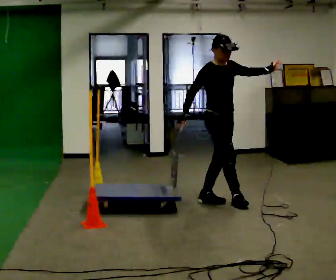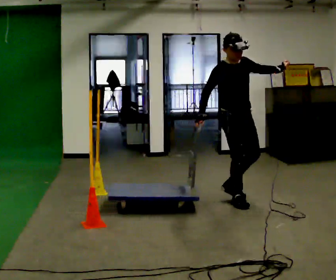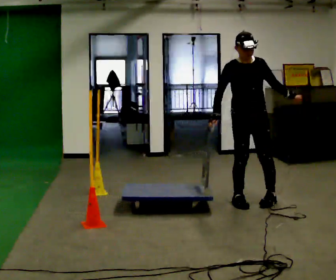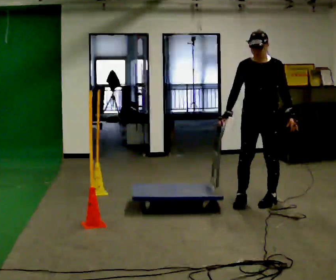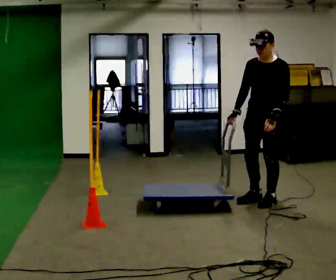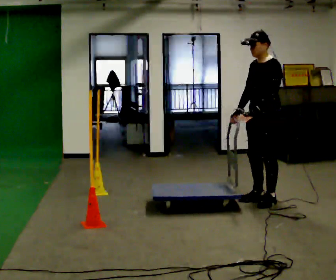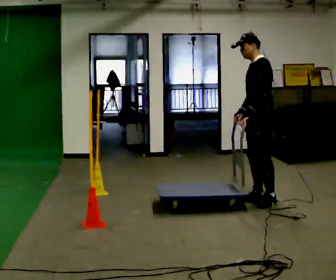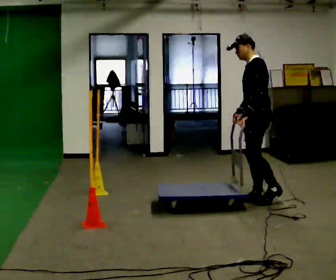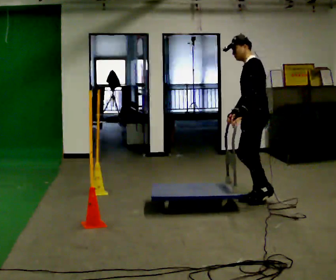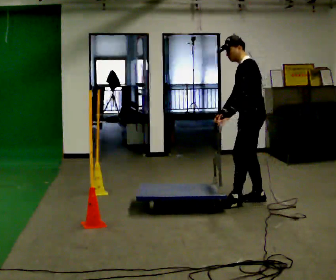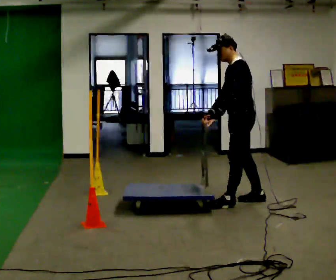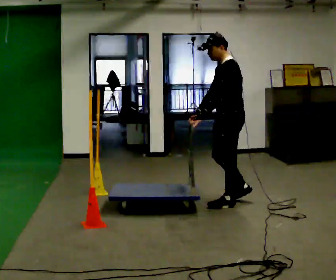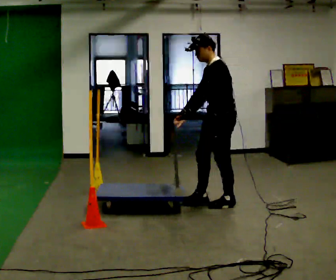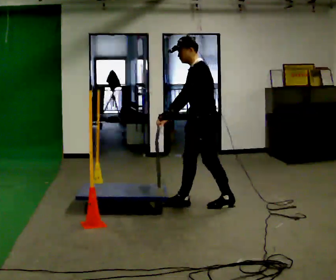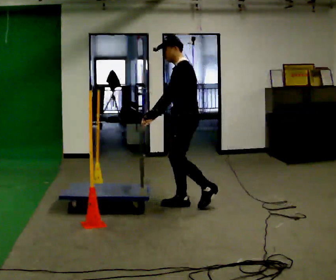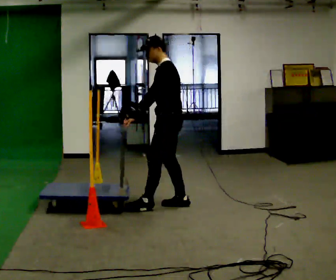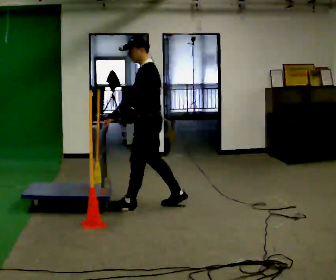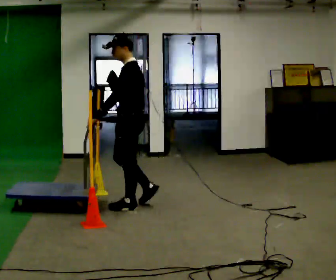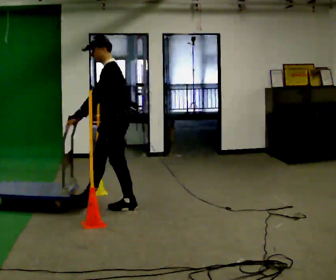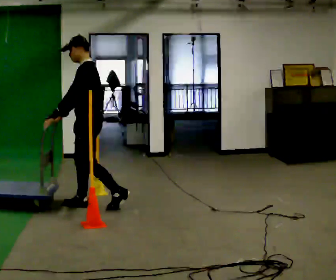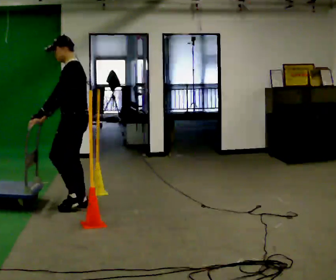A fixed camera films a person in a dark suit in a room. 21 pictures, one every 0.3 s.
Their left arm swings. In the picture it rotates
clockwise.
0.0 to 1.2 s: The part of the body nearest the lens slides to the left as the person turns to their right by about 90 degrees. In the picture they go to the right, about 0.5 m in 1 step. In the picture their left hand goes downward, the arm swinging clockwise.
1.2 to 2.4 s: Seen from above the body turns clockwise, about 60 degrees: to their right, with its near side sliding to the left. In the picture their left hand goes to the left.
2.4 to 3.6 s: In the picture they go to the left and toward the camera, about 0.5 m in 1 step, which for them is forward.
3.6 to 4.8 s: In the picture they go to the left, about 0.5 m in 2 steps, which for them is forward.
4.8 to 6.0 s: In the picture they go to the left, about 0.5 m in 1 step, which for them is forward.
The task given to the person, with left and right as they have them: Push the cart through the gap between the poles without touching them, then bring it back through.
The film runs forward here.
